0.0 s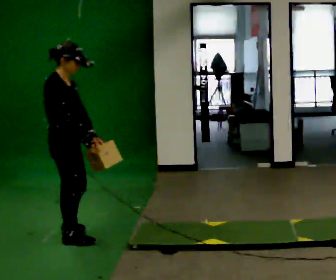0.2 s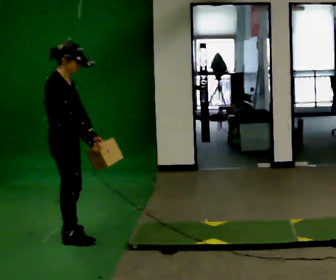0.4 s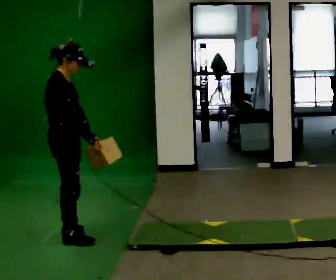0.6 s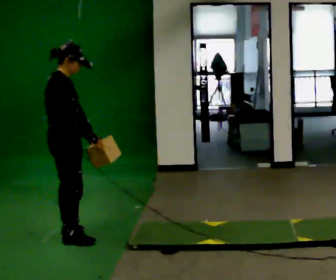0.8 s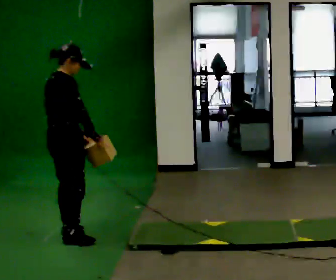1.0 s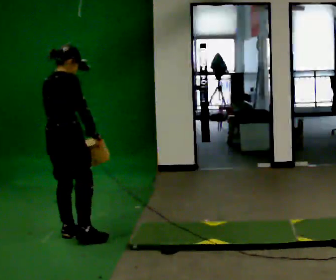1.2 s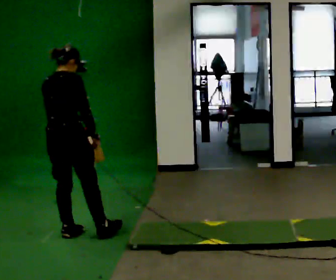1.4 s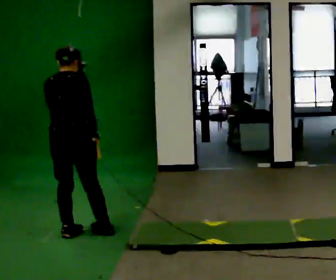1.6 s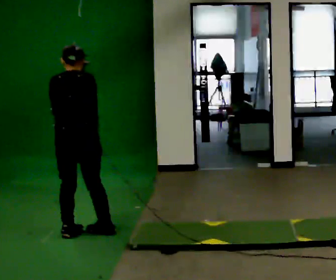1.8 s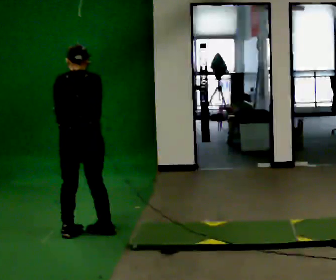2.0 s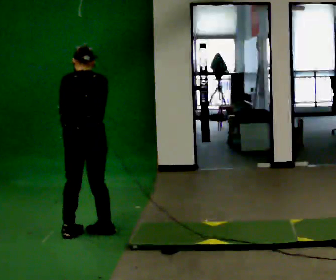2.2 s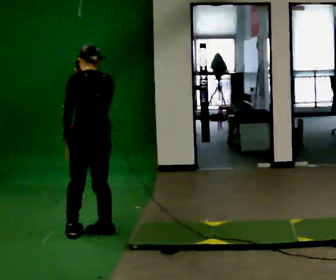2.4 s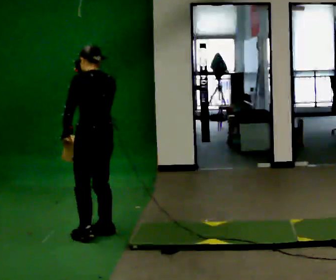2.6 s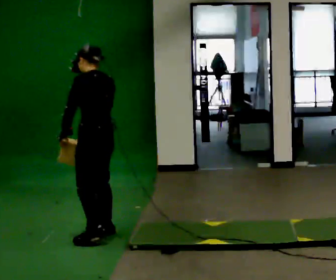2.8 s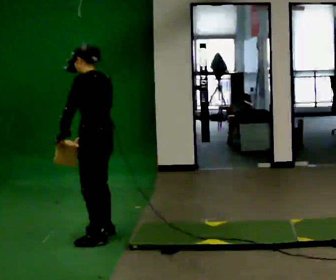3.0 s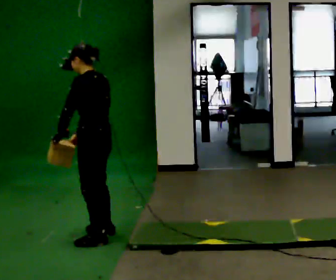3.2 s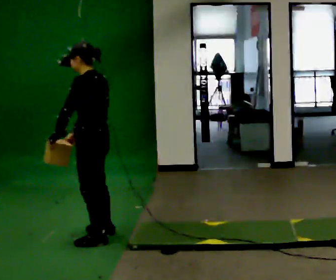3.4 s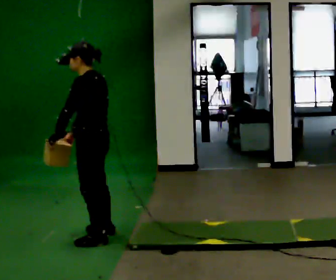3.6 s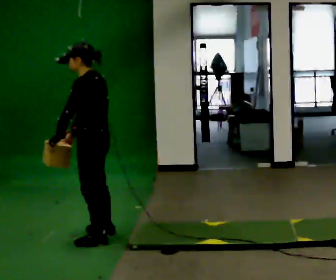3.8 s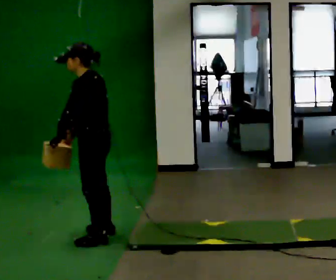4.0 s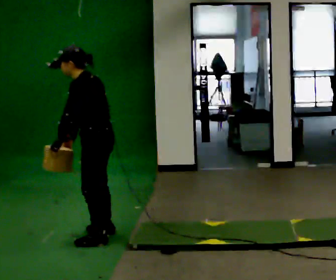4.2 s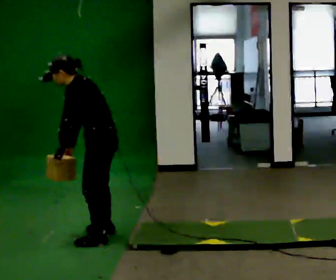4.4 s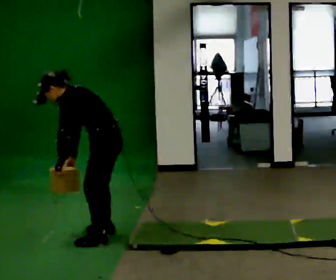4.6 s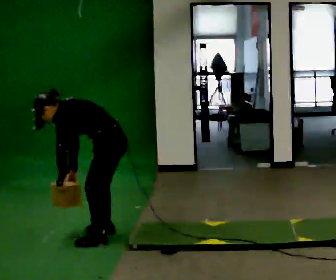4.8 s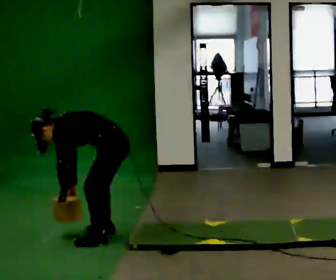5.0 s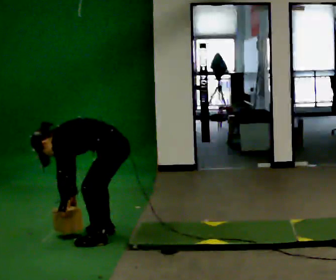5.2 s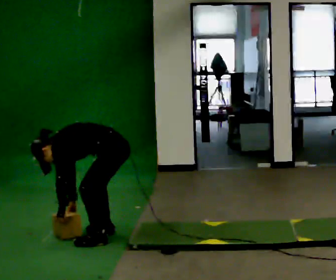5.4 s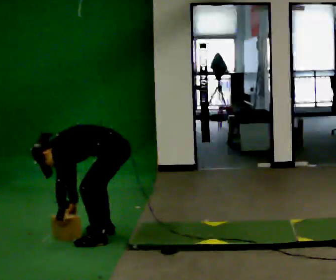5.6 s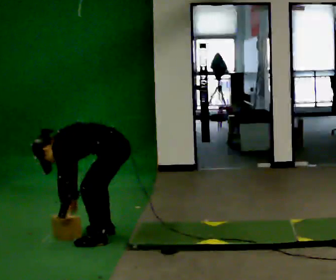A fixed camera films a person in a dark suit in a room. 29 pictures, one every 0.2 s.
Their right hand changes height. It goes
downward.
The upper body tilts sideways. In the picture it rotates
counterclockwise.
0.0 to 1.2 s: The person turns about 60 degrees to their left, counterclockwise seen from above, so the part of the body nearest the lens slides to the right.
1.2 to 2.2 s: Seen from above the body turns counterclockwise, about 60 degrees: to their left, with its near side sliding to the right. In the picture they go to the right, about 0.25 m in 1 step.
2.2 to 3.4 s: The part of the body nearest the lens slides to the right as the person turns to their left by about 45 degrees.
3.4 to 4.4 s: In the picture the upper body tilts counterclockwise, shoulders to the left, as they bend forward.
4.4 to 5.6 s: The shoulders move downward. In the picture the upper body tilts counterclockwise, shoulders to the left, as they bend forward. In the picture their left hand goes downward.
The film runs backward here.
